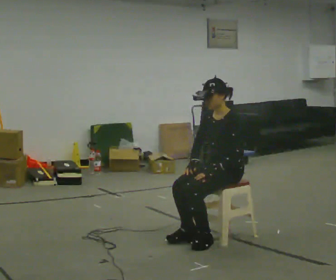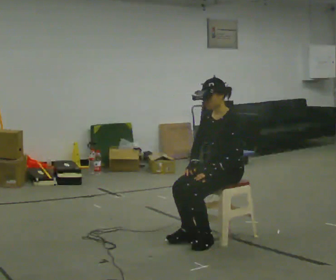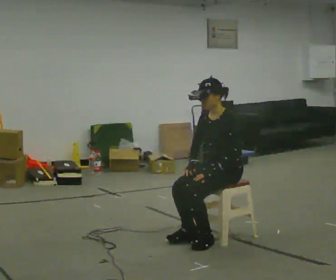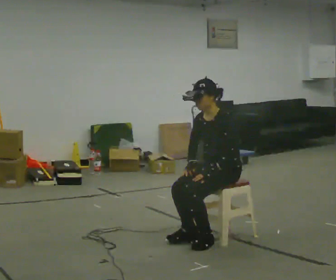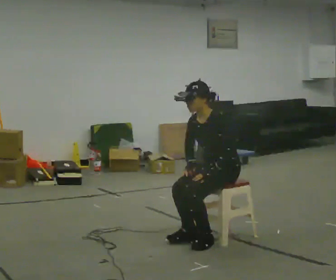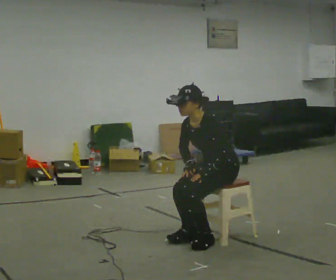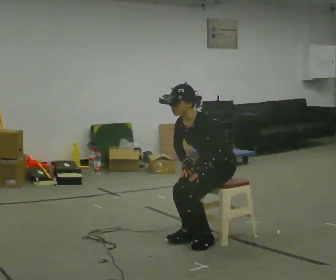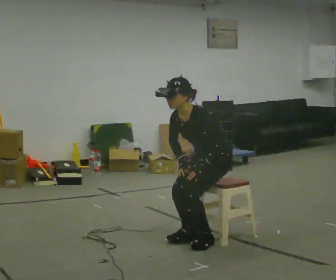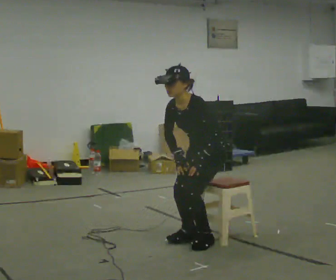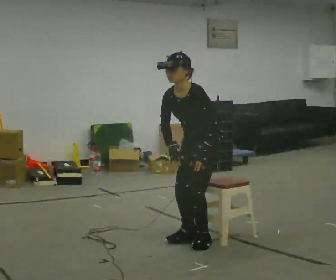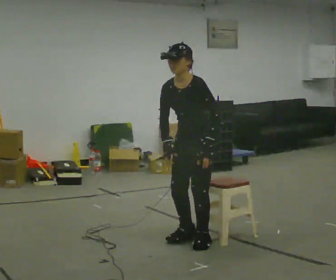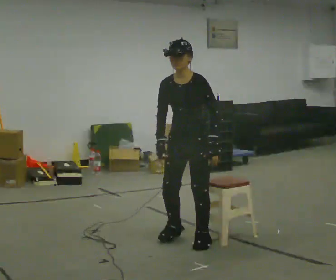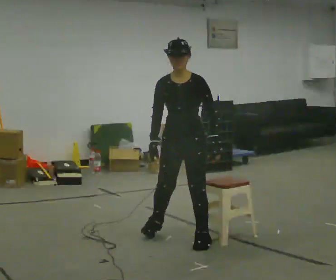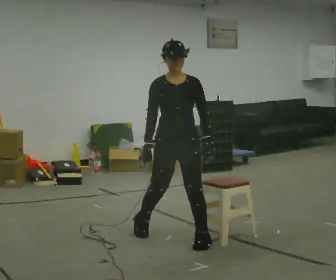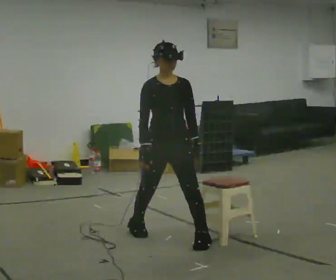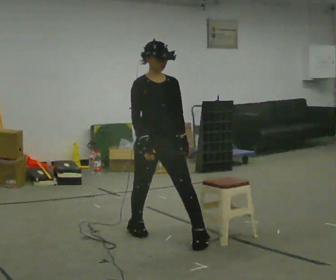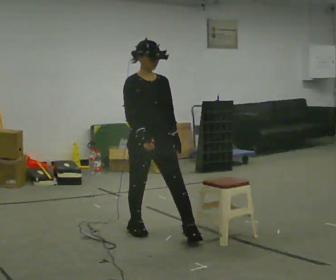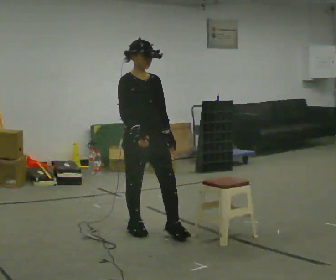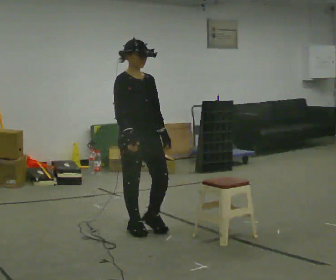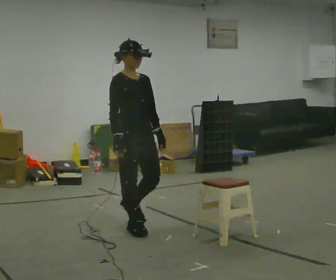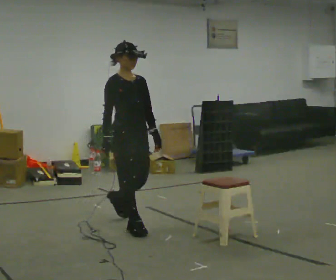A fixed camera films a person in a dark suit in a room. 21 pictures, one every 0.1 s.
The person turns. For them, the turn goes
to their left.
The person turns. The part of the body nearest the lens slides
to the right.
0.0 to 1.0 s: In the picture they go to the left, about 0.25 m in 1 step, which for them is forward. The shoulders move upward.
1.0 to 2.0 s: Seen from above the body turns counterclockwise, about 90 degrees: to their left, with its near side sliding to the right. In the picture they go to the left and away from the camera, about 0.75 m in 1 step. The upper body tips away from the camera, its near side rolling upward, as they lean back or straighten.
The film runs backward here.
